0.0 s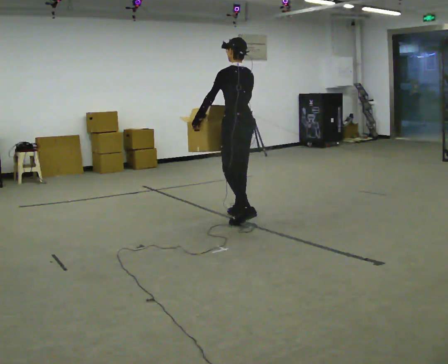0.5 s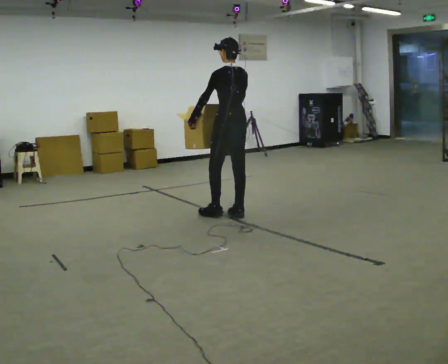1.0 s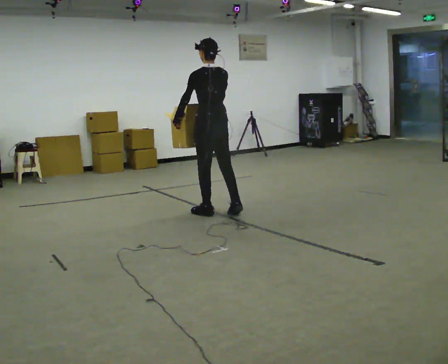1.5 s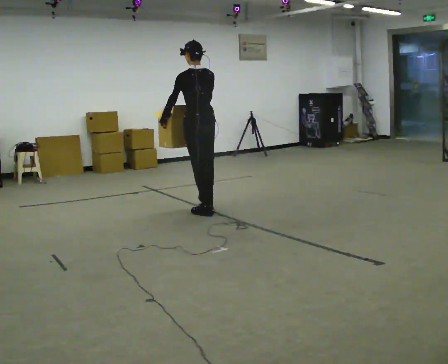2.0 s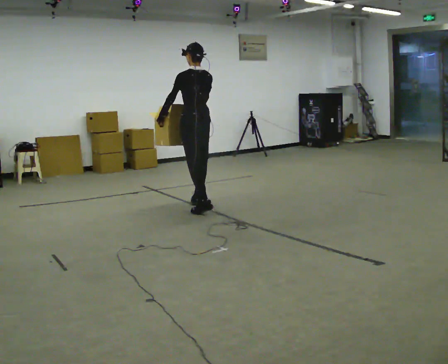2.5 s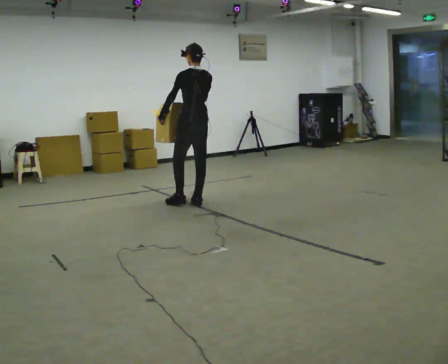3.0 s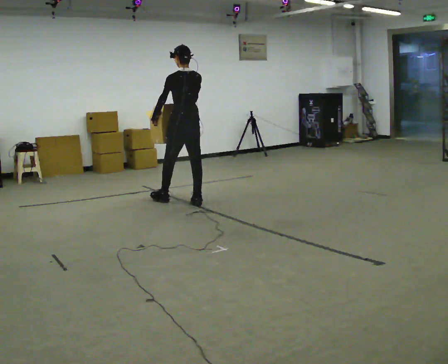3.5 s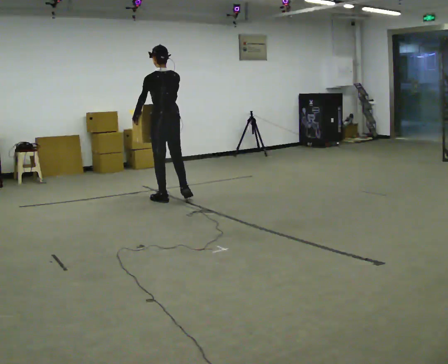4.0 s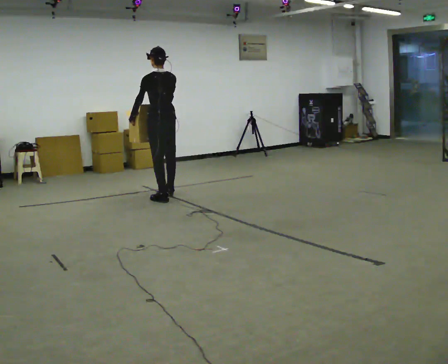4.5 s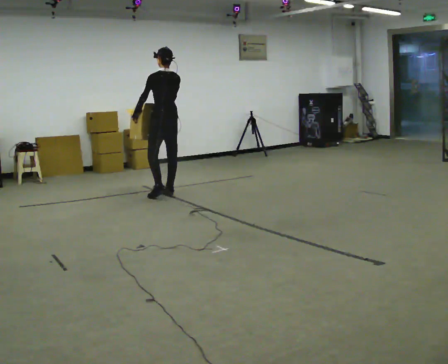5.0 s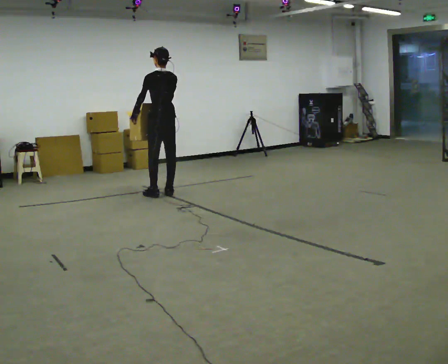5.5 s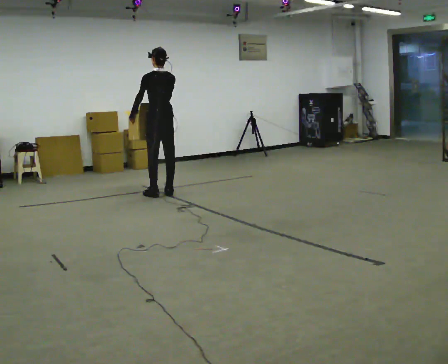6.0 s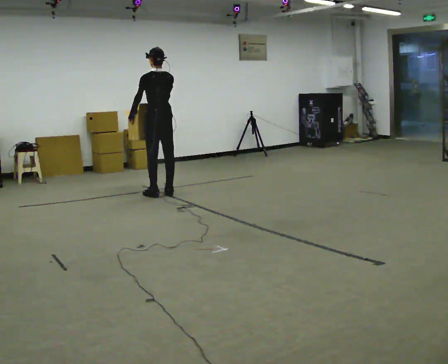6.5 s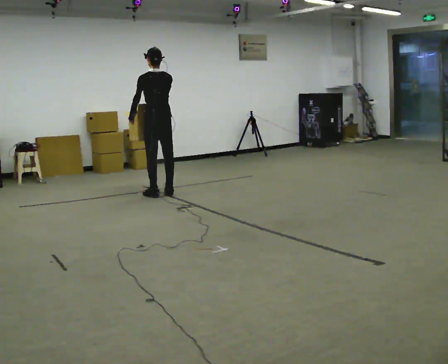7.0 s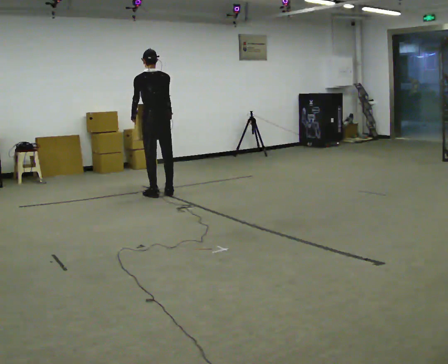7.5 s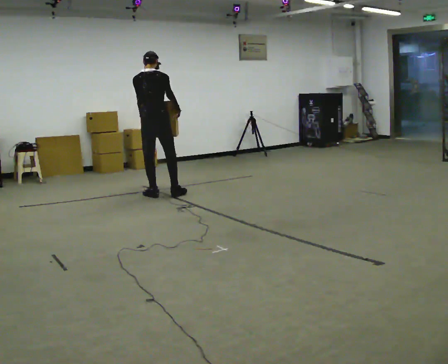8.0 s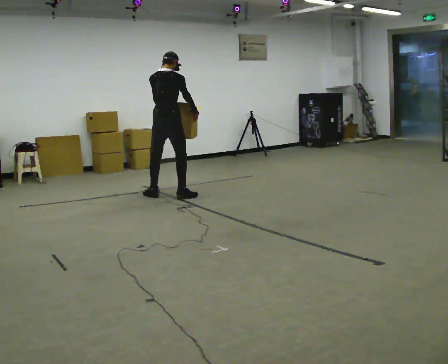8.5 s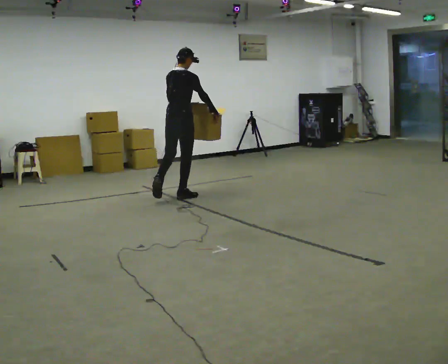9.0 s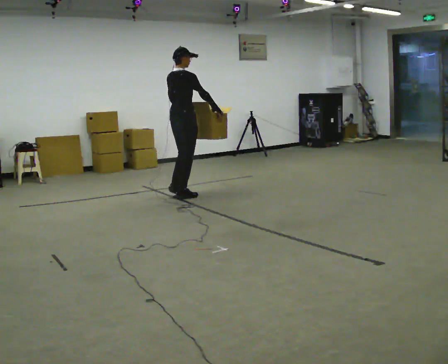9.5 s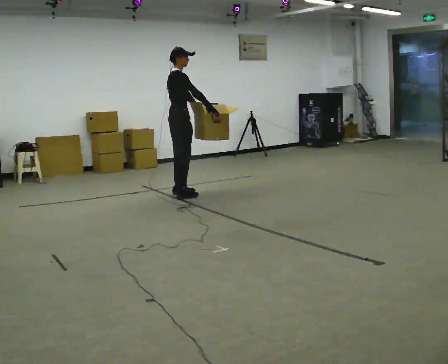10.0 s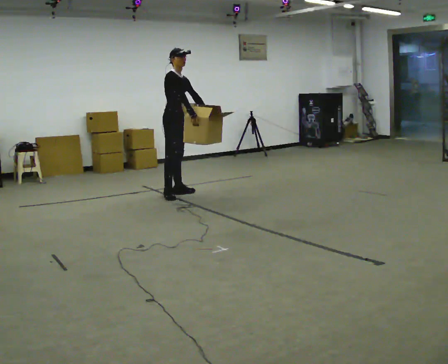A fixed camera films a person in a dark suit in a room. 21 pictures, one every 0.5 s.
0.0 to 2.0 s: In the picture they go away from the camera and to the left, about 0.5 m in 2 steps, which for them is forward.
2.0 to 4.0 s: In the picture they go away from the camera and to the left, about 0.5 m in 2 steps, which for them is forward.
4.0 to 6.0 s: In the picture they go away from the camera, about 0.25 m in 1 step, which for them is forward.
6.0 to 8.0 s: The part of the body nearest the lens slides to the left as the person turns to their right by about 45 degrees. In the picture they go toward the camera, about 0.25 m in 1 step, which for them is backward. In the picture their left hand goes to the right.
8.0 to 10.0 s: The part of the body nearest the lens slides to the left as the person turns to their right by about 105 degrees. In the picture they go away from the camera, about 0.25 m in 1 step.
The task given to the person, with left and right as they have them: Carry the object across the room. The lid hangs loose and will swing, so carry it however works. Keep going until the operator says stop; one object at a time, and do not rush between trips.
The film runs forward here.
